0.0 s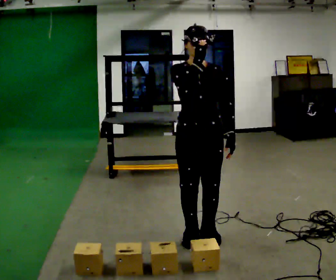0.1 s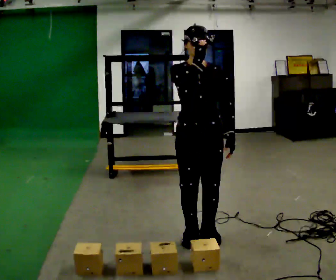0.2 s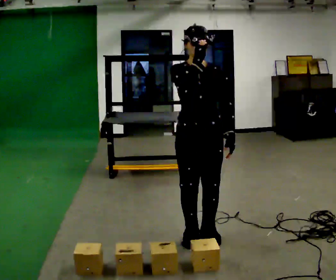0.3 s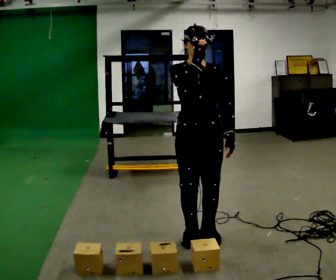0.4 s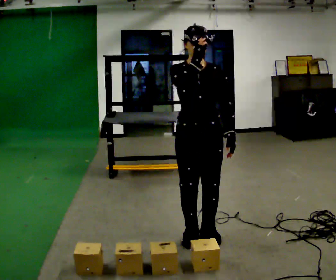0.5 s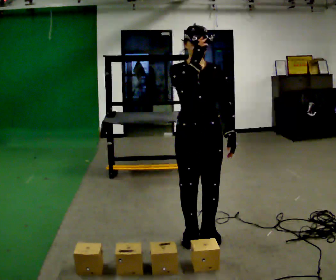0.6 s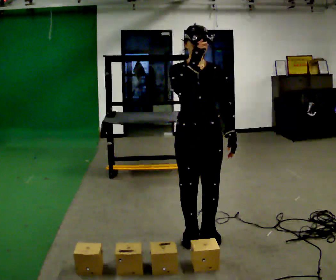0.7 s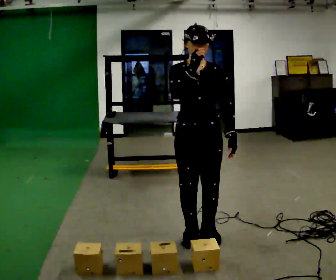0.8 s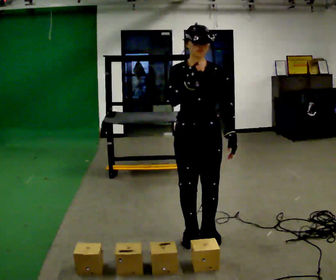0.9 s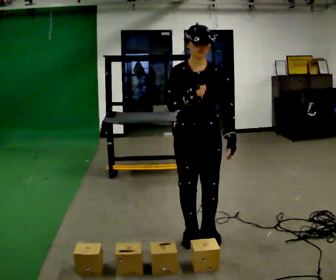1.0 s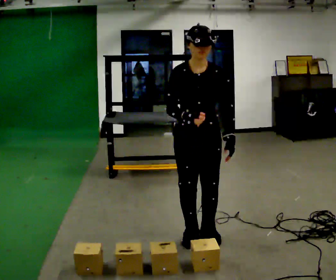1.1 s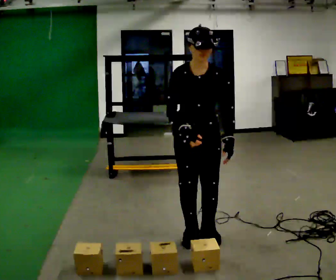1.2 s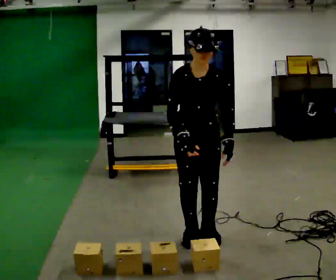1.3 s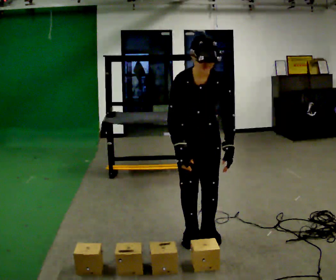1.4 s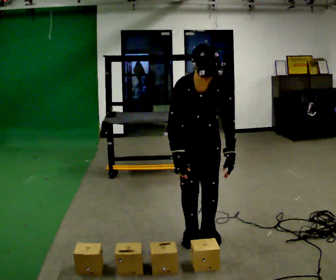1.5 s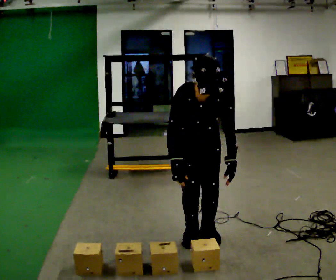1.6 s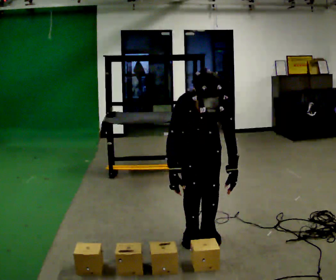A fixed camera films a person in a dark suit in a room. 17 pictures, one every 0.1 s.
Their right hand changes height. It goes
downward.
The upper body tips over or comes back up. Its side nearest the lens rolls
downward.
0.0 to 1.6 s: The shoulders move downward. The upper body tips toward the camera, its near side rolling downward, as they bend forward. In the picture their right hand goes downward.
The film runs backward here.
